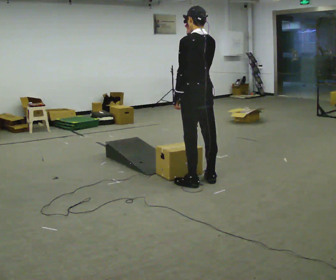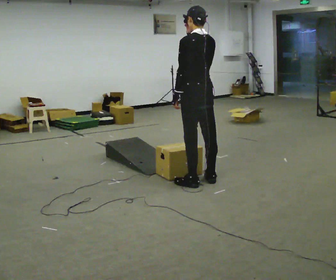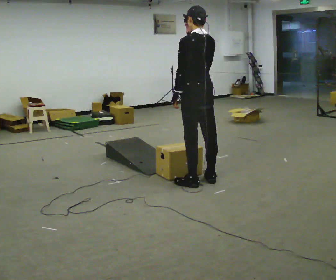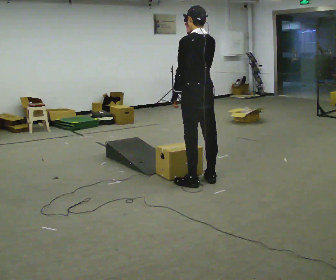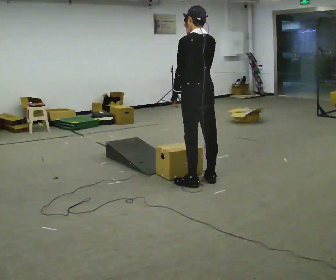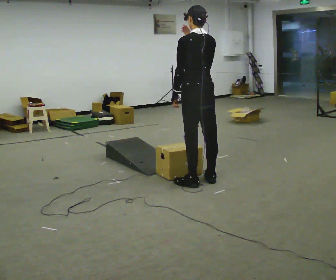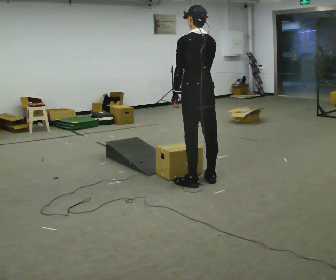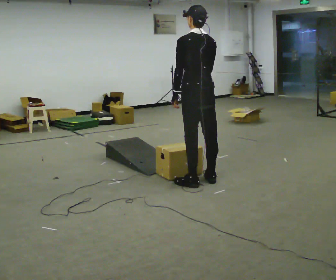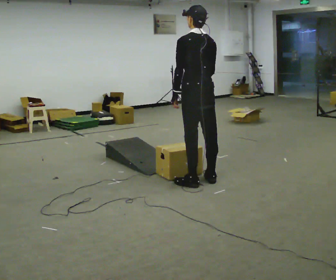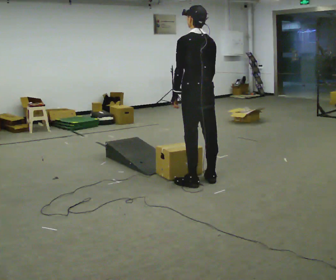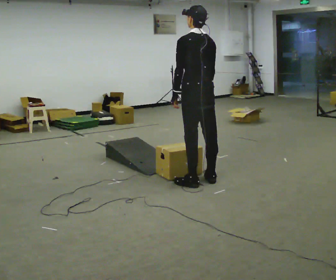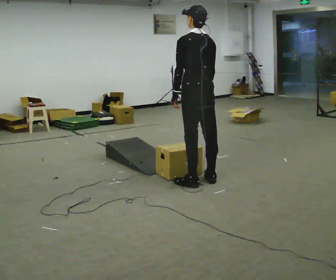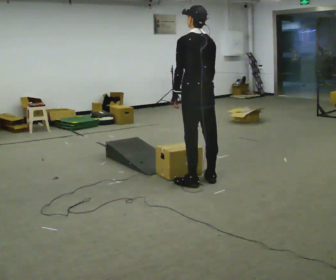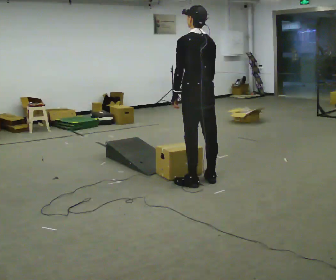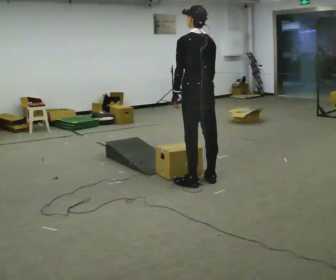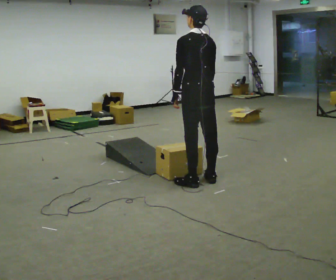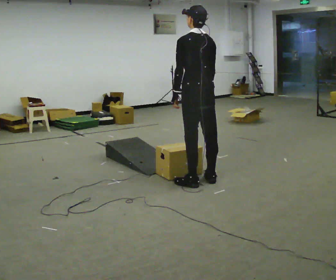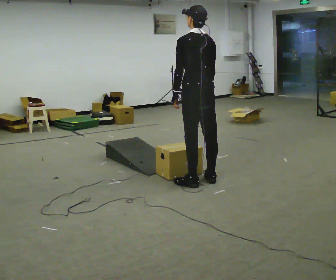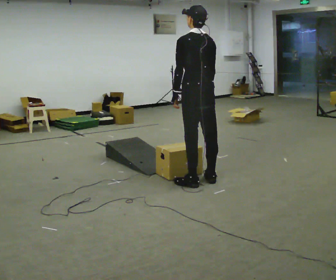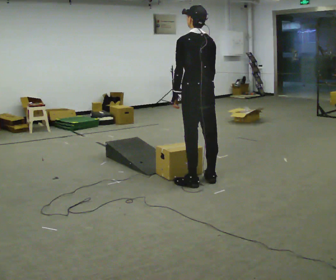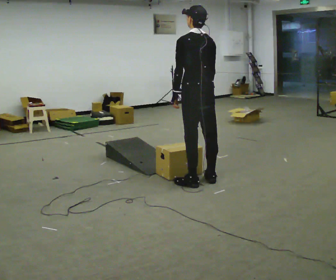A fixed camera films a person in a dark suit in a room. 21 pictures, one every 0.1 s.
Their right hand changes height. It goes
downward.
0.0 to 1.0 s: In the picture their right hand goes downward.
1.0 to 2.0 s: The person keeps their place and pose.
The film runs backward here.
